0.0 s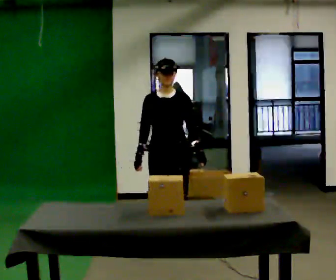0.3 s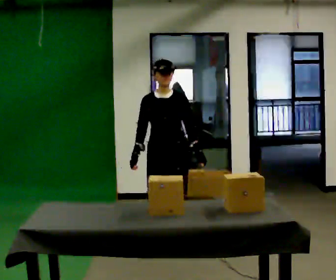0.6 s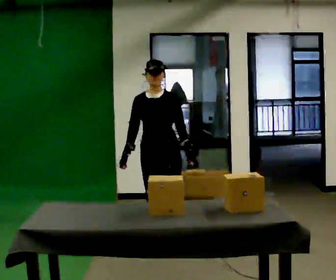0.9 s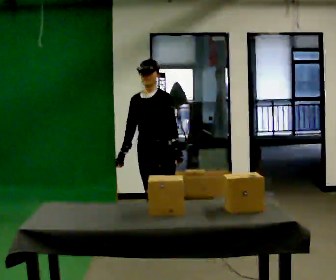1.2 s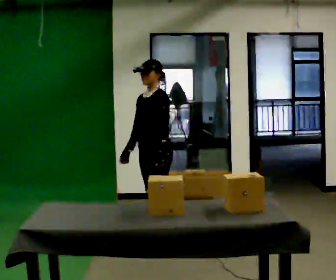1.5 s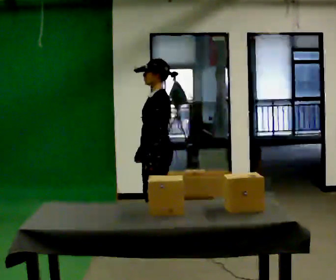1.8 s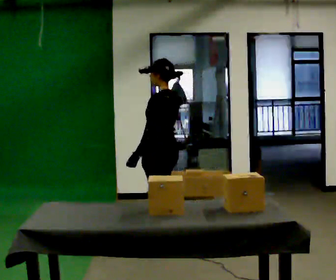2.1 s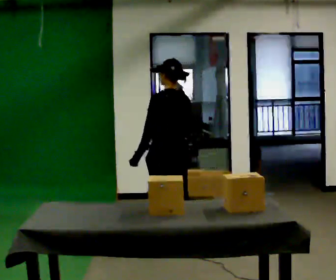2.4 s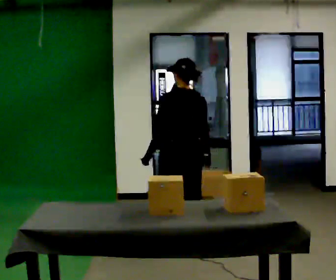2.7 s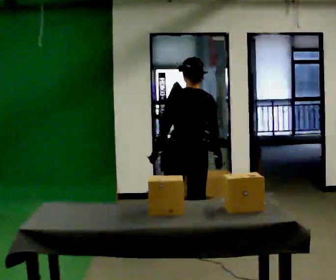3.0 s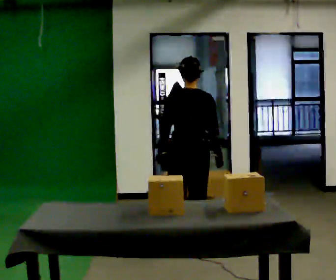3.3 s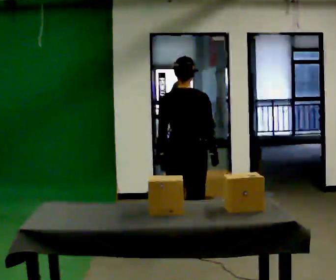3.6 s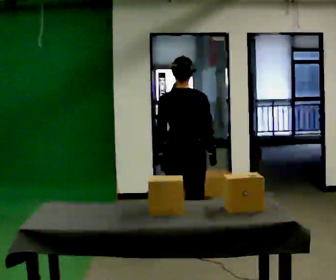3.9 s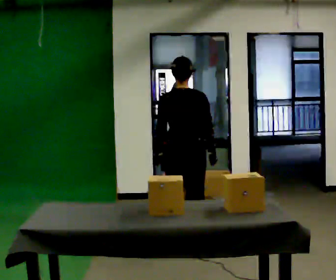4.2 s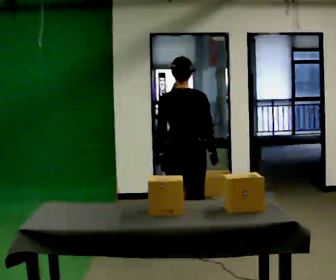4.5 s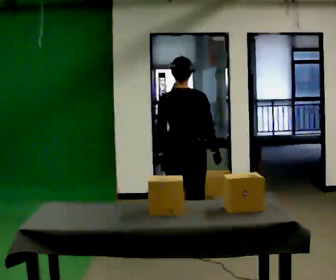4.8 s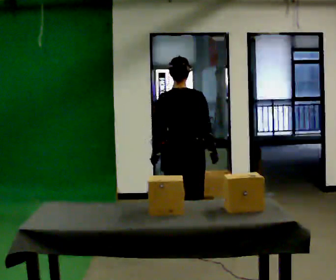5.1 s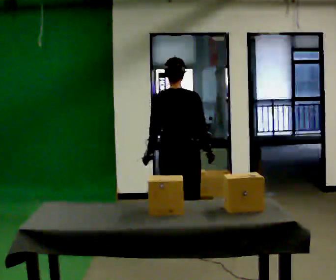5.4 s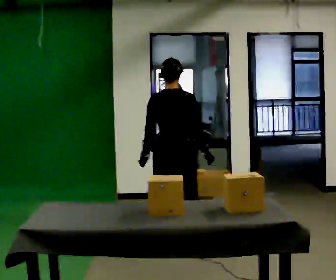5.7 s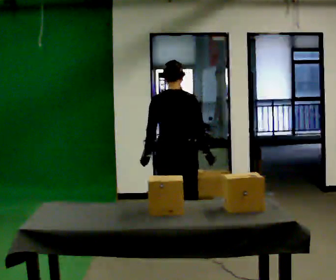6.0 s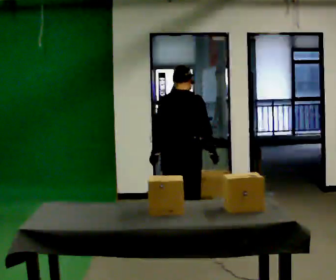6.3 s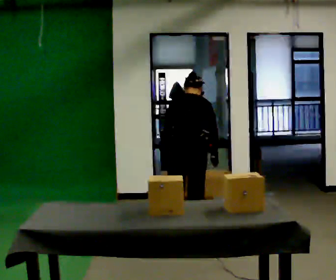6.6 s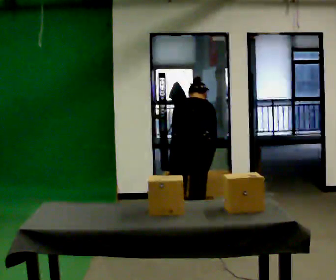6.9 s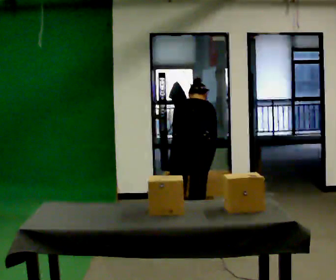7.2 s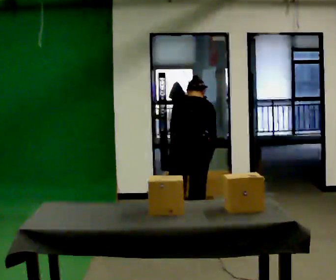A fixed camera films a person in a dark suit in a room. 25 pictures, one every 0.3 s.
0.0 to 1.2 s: The part of the body nearest the lens slides to the left as the person turns to their right by about 45 degrees. In the picture they go away from the camera, about 0.25 m in 1 step, which for them is backward and to their right.
1.2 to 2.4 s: The part of the body nearest the lens slides to the left as the person turns to their right by about 105 degrees. In the picture they go toward the camera and to the right, about 0.25 m in 1 step.
2.4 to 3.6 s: Seen from above the body turns clockwise, about 30 degrees: to their right, with its near side sliding to the left.
3.6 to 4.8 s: The person keeps their place and pose.
4.8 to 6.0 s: The upper body tips away from the camera, its near side rolling upward, as they bend forward.
6.0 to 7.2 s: The upper body tips away from the camera, its near side rolling upward, as they bend forward.
The film runs backward here.
